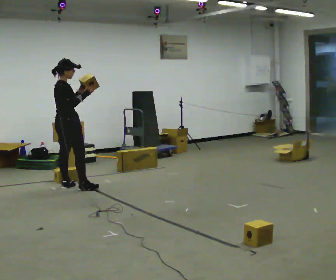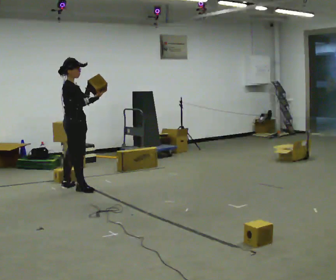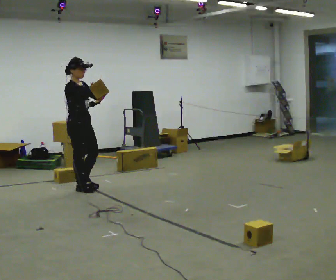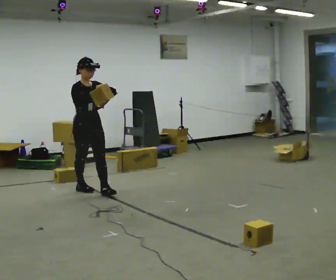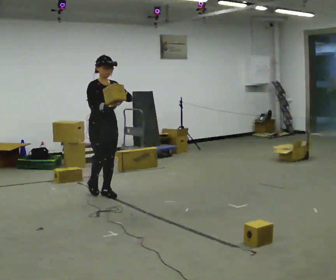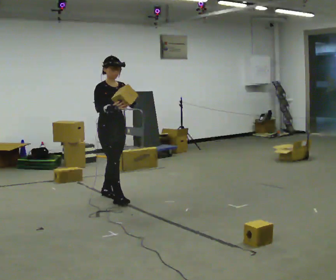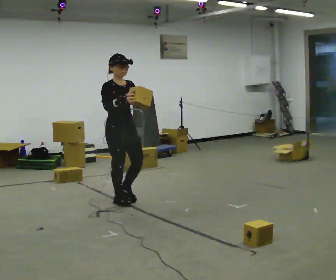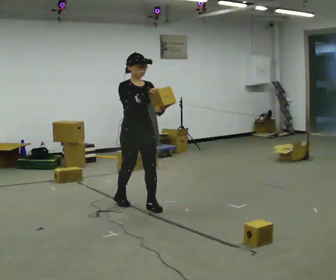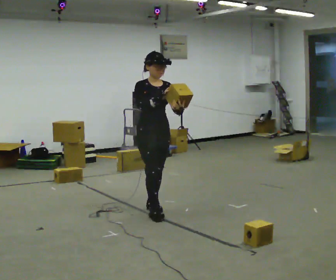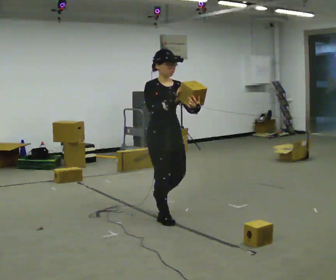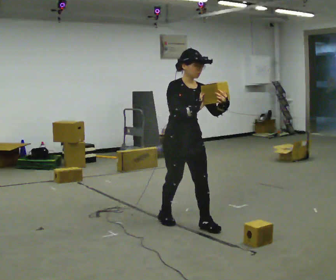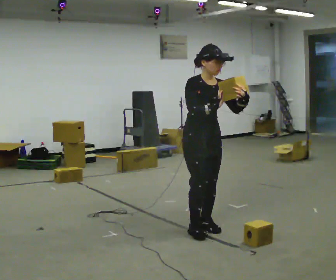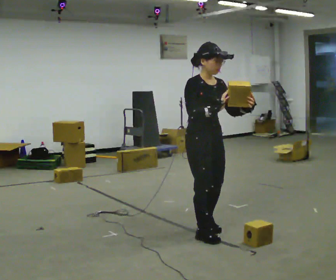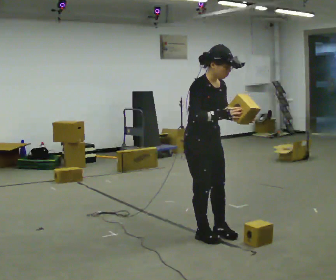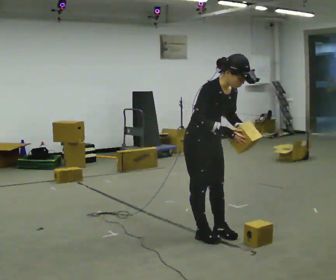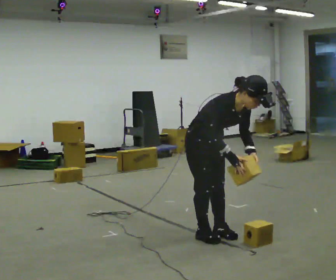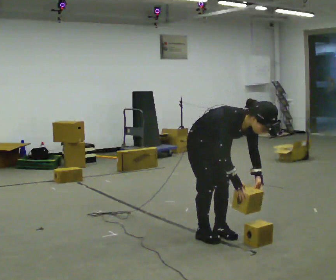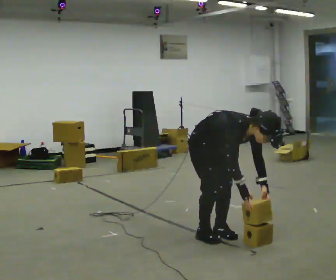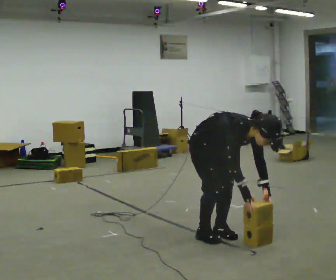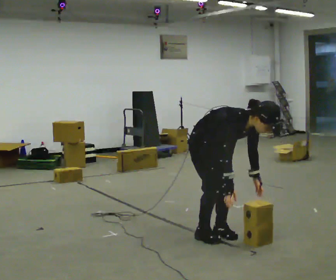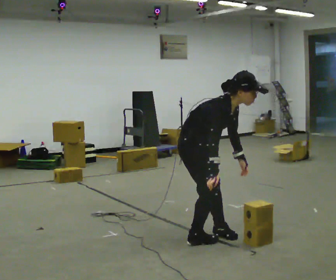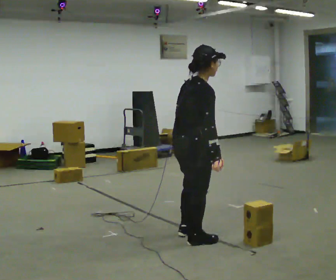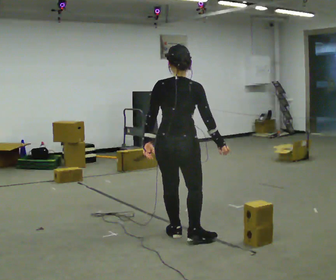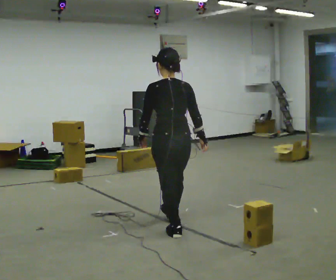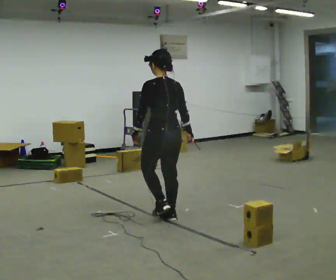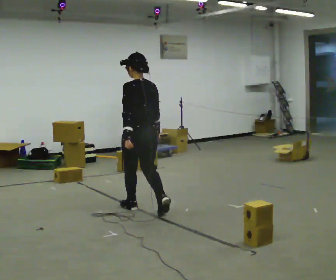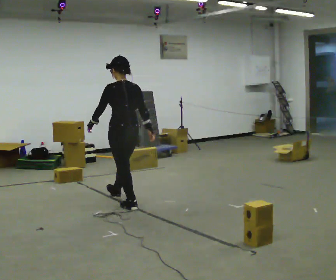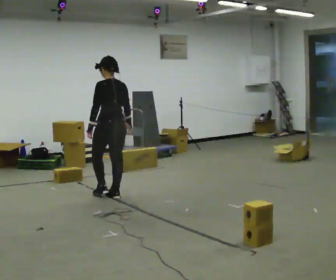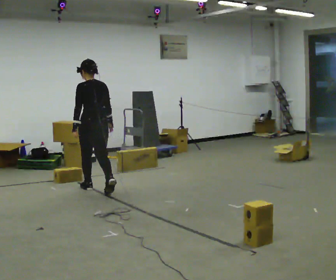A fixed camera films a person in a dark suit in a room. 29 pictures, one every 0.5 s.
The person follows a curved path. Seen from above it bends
clockwise.
0.0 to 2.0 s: Seen from above the body turns clockwise, about 90 degrees: to their right, with its near side sliding to the left. In the picture they go to the right and toward the camera, about 0.5 m in 1 step.
2.0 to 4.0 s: In the picture they go to the right and toward the camera, about 1 m in 2 steps, which for them is forward.
4.0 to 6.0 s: In the picture they go toward the camera and to the right, about 1 m in 3 steps, which for them is forward.
6.0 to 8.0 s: The shoulders move downward. In the picture the upper body tilts clockwise, shoulders to the right, as they bend forward. In the picture their left hand goes downward.
8.0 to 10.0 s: The person turns about 30 degrees to their left, counterclockwise seen from above, so the part of the body nearest the lens slides to the right.
10.0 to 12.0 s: The part of the body nearest the lens slides to the right as the person turns to their left by about 135 degrees. In the picture they go away from the camera and to the left, about 0.75 m in 2 steps. In the picture the upper body tilts counterclockwise, shoulders to the left, as they lean back or straighten.
12.0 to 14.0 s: In the picture they go to the left and away from the camera, about 1.5 m in 3 steps, which for them is forward.
The film runs forward here.
